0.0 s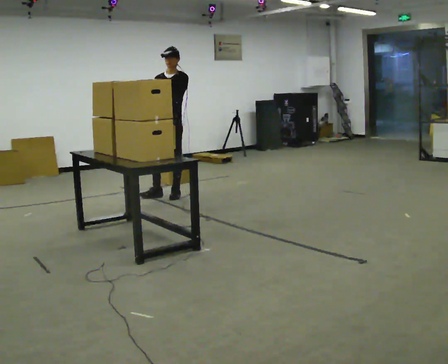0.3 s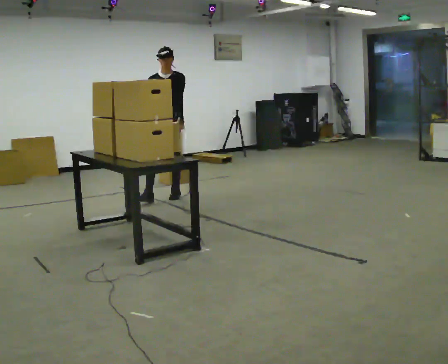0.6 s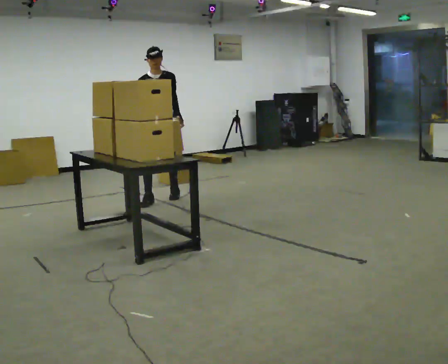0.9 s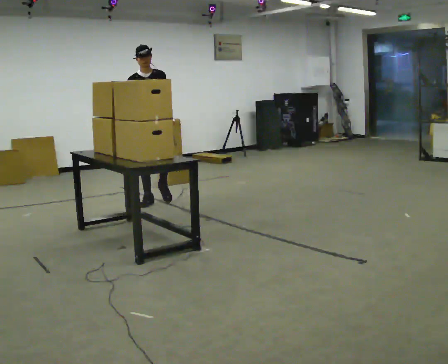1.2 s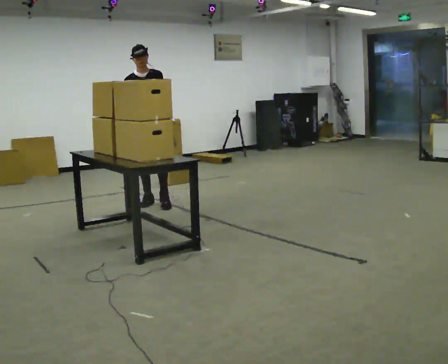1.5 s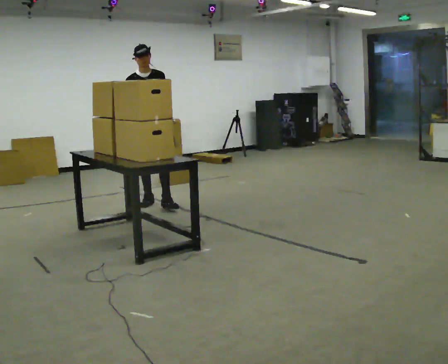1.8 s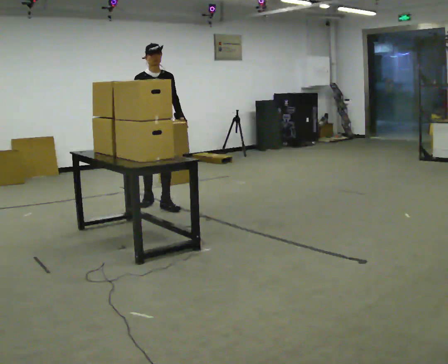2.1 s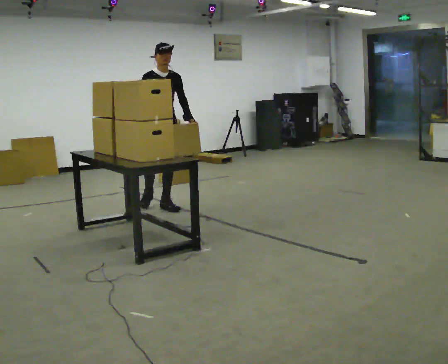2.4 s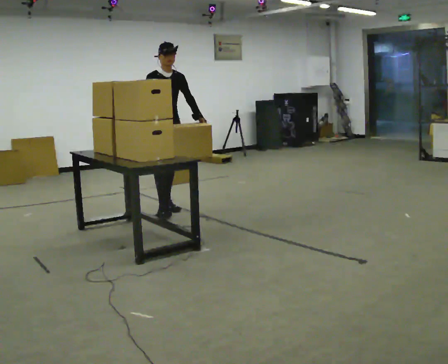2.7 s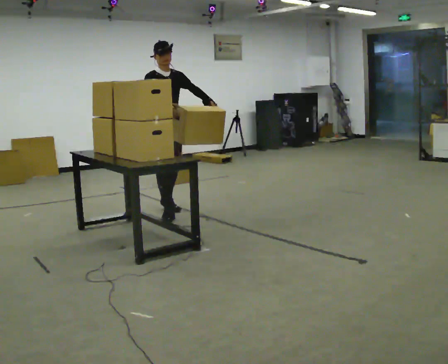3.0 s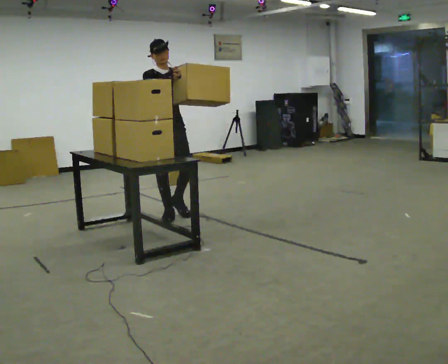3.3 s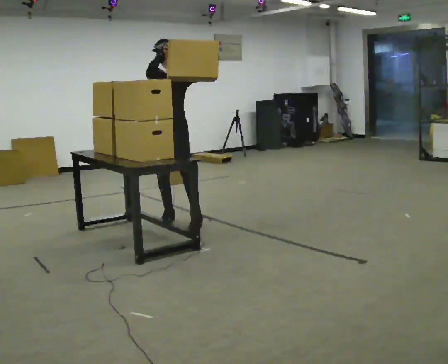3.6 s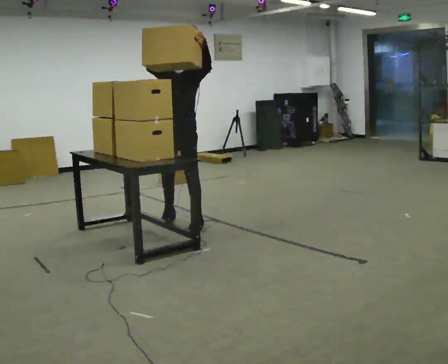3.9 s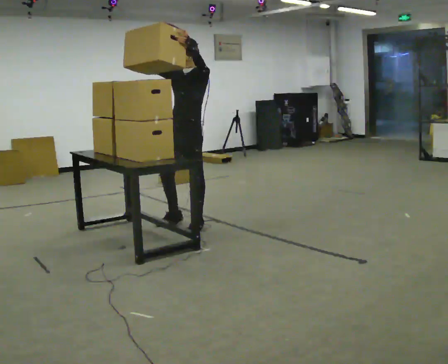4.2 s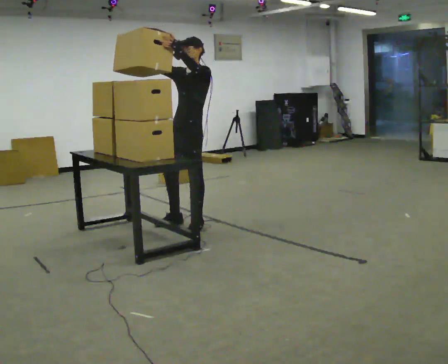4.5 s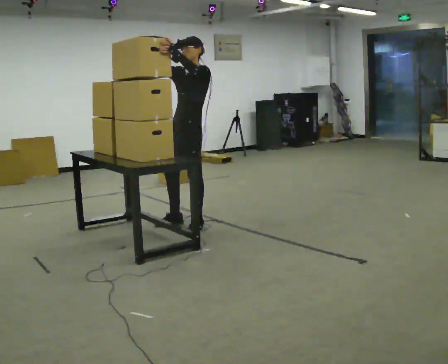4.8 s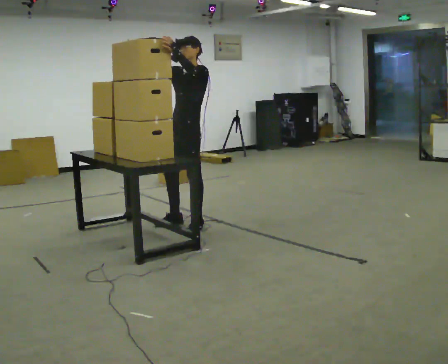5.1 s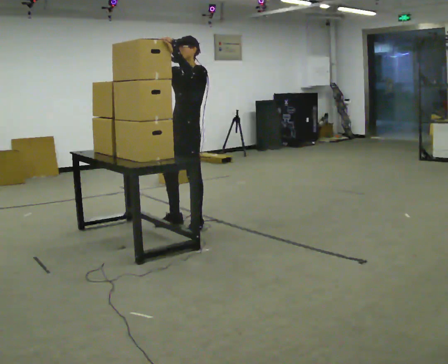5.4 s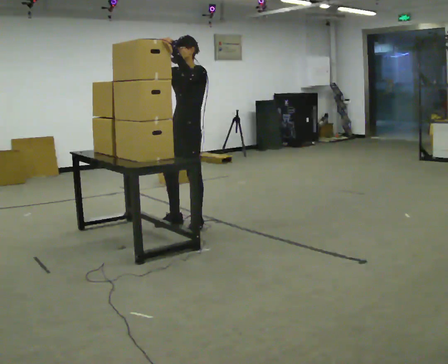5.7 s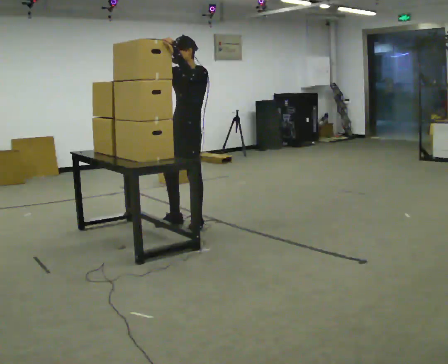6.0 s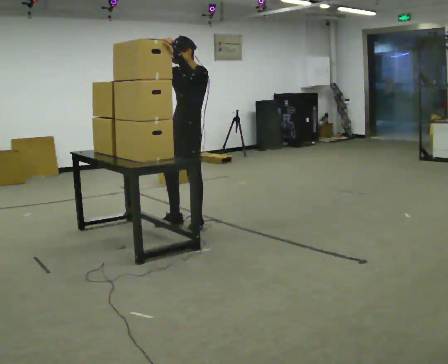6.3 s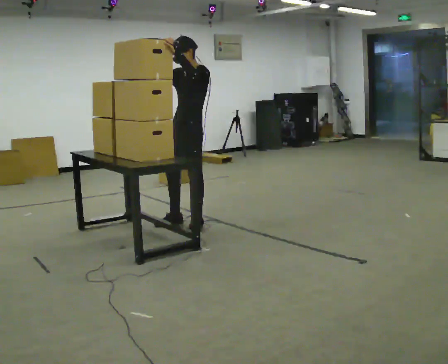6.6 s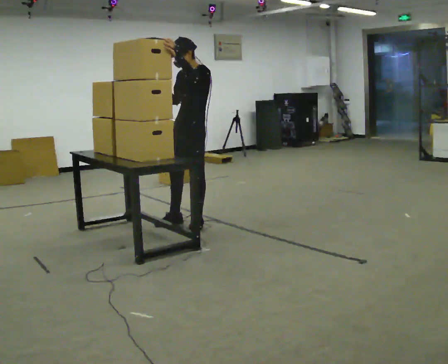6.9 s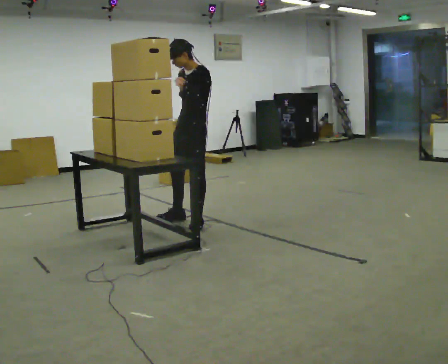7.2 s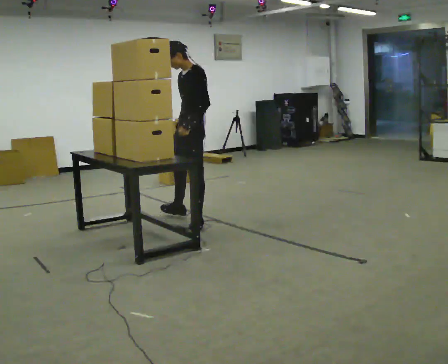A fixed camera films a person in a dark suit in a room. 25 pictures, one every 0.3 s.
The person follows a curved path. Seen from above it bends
counterclockwise.
The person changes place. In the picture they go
toward the camera.
0.0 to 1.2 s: The part of the body nearest the lens slides to the right as the person turns to their left by about 30 degrees. In the picture they go toward the camera and to the left, about 0.5 m in 1 step, which for them is forward and to their right.
1.2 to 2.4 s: Seen from above the body turns counterclockwise, about 30 degrees: to their left, with its near side sliding to the right. In the picture they go toward the camera and to the right, about 0.5 m in 1 step, which for them is forward.
2.4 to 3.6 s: The part of the body nearest the lens slides to the left as the person turns to their right by about 45 degrees. In the picture they go toward the camera and to the right, about 0.5 m in 2 steps, which for them is forward. In the picture their right hand goes upward.
3.6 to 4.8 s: The person turns about 30 degrees to their right, clockwise seen from above, so the part of the body nearest the lens slides to the left.
4.8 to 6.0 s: The person keeps their place and pose.
6.0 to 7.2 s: In the picture their right hand goes downward and to the right, the arm swinging counterclockwise.
The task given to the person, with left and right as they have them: Bring the boxes over one at a time and stack them on top of each other, walking back for each one. Keep going until the operator says stop; one object at a time, and do not rush between trips.
The film runs forward here.
